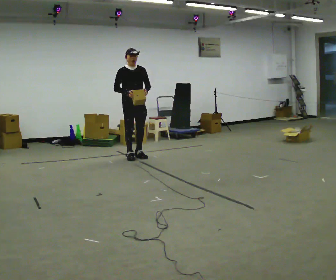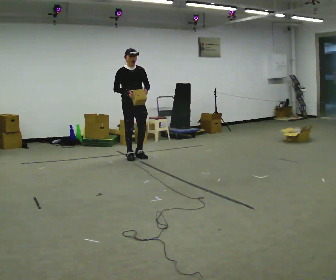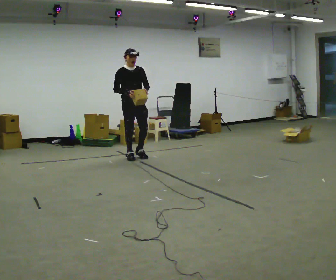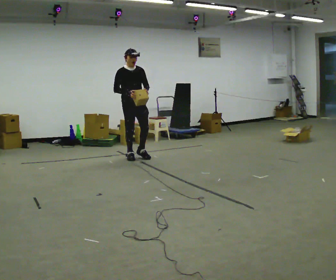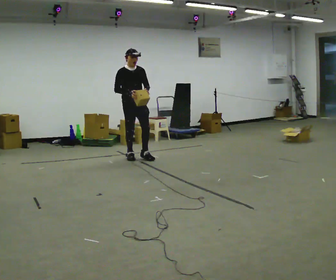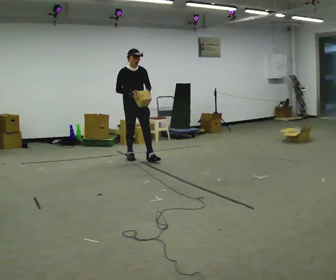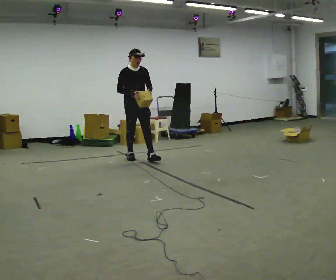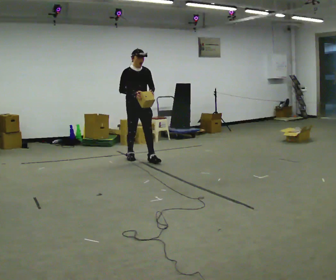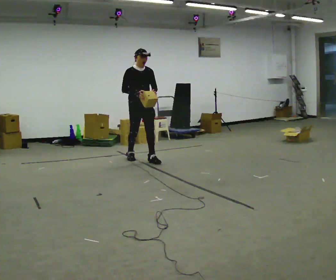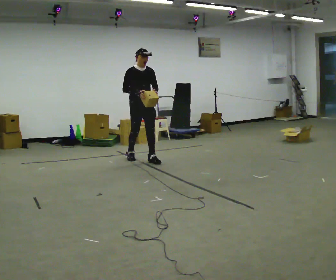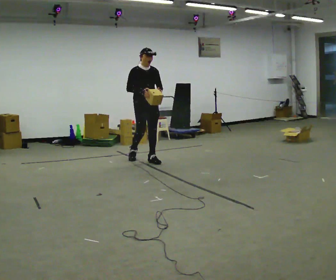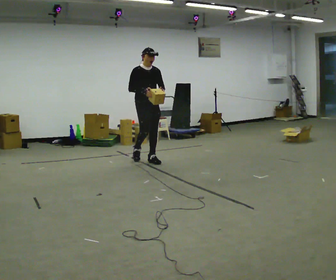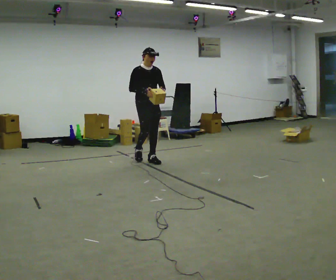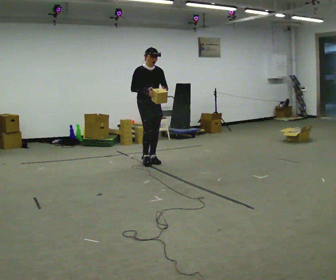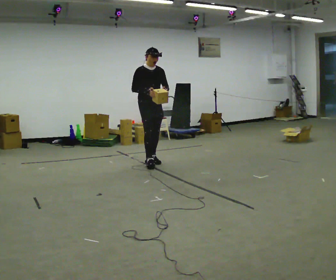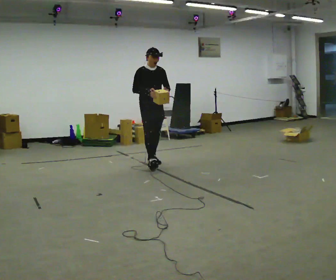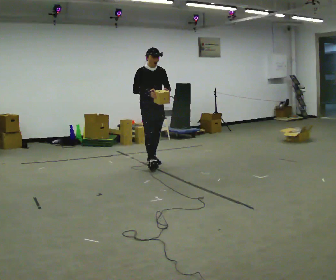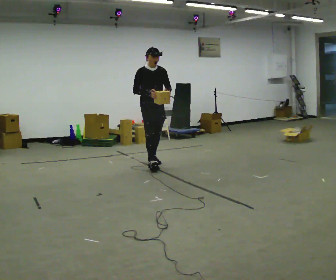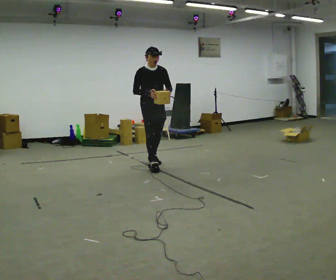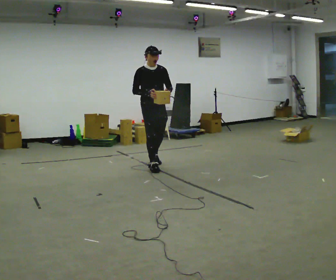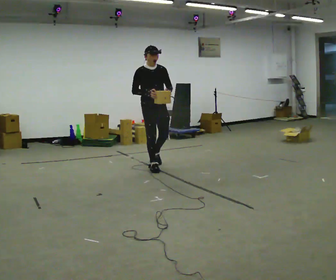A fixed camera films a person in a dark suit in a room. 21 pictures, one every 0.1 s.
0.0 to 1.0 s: In the picture they go toward the camera and to the right, about 0.25 m in 1 step, which for them is forward.
1.0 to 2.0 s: In the picture they go toward the camera, about 0.5 m in 1 step, which for them is forward.
The film runs forward here.
